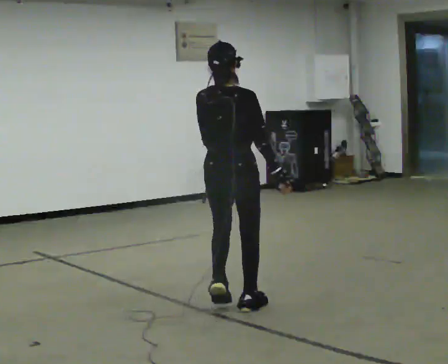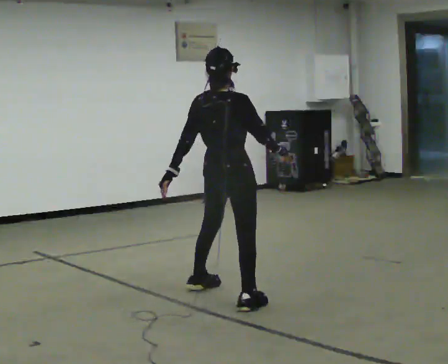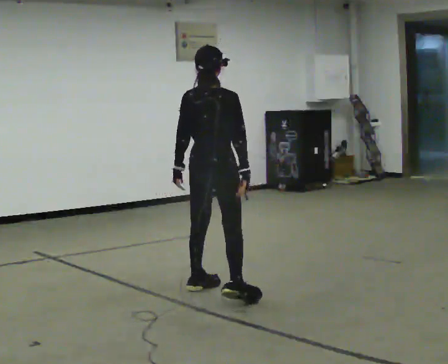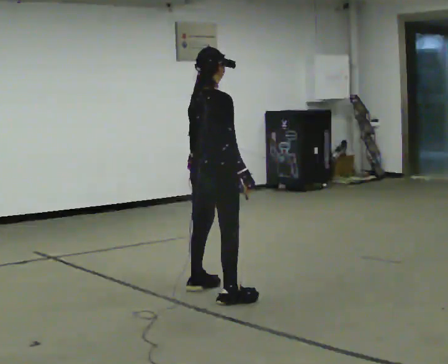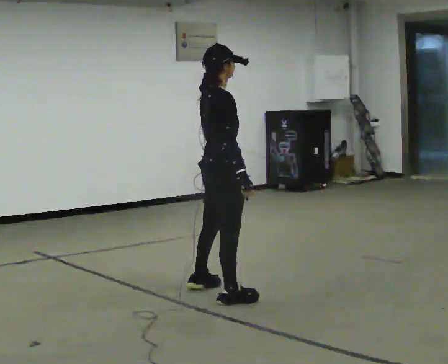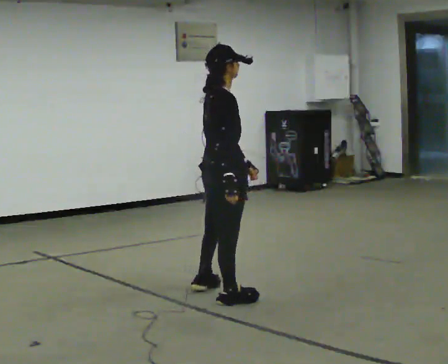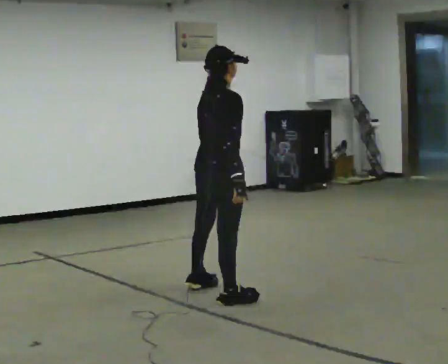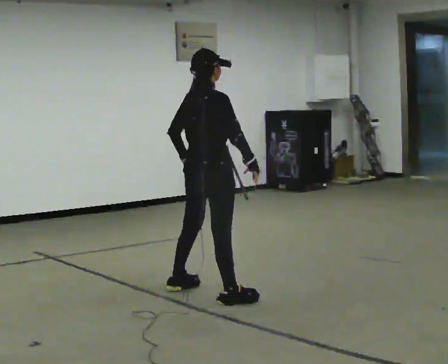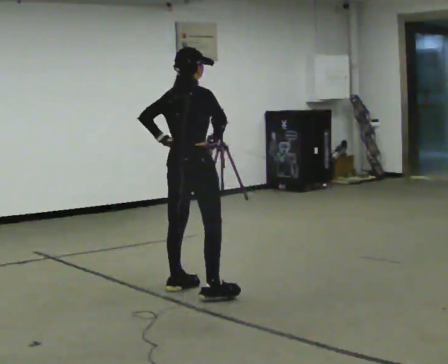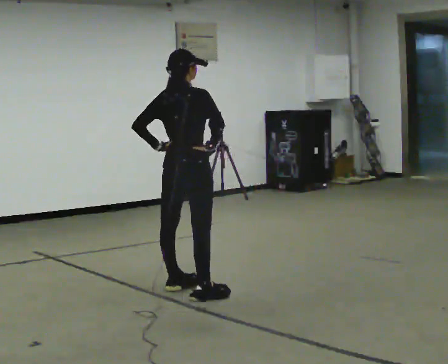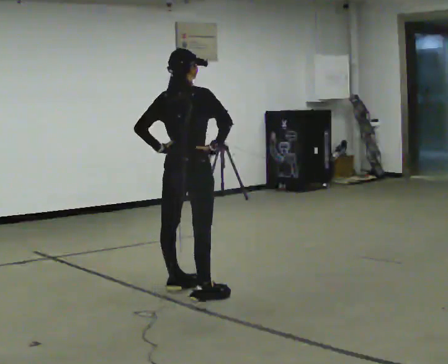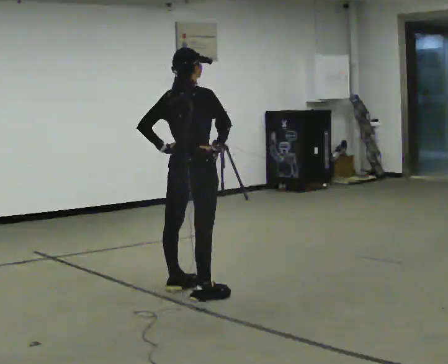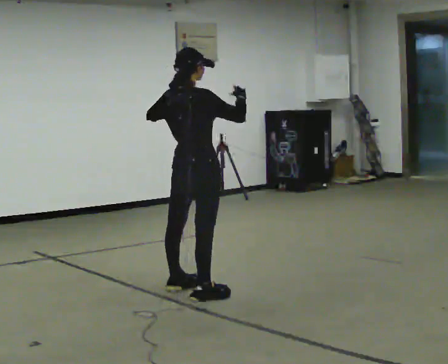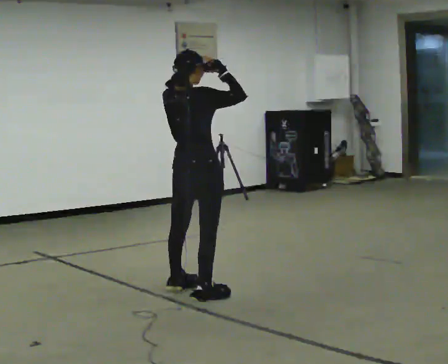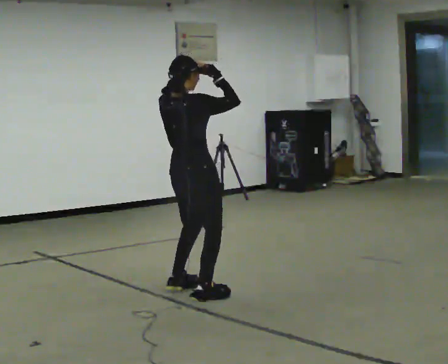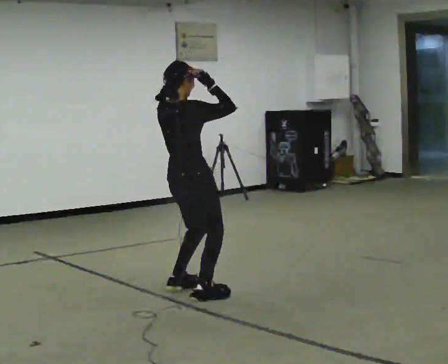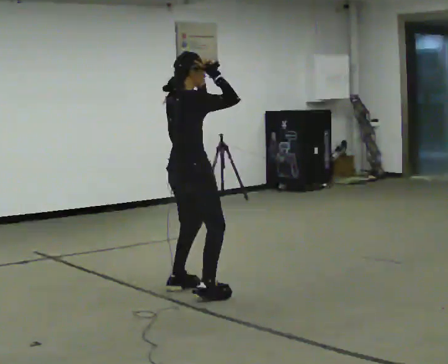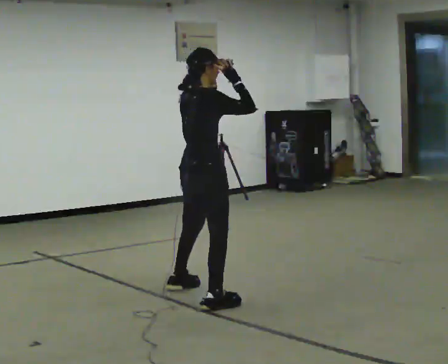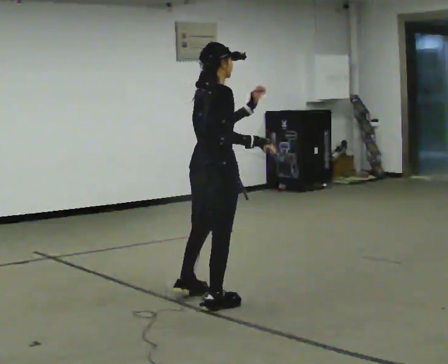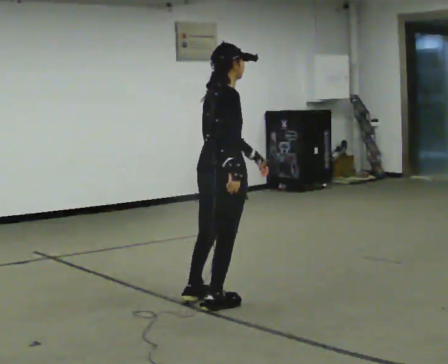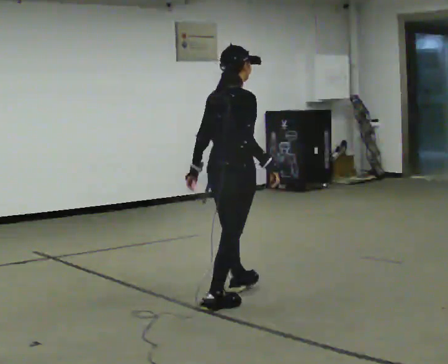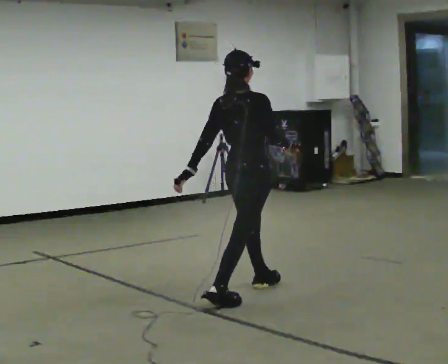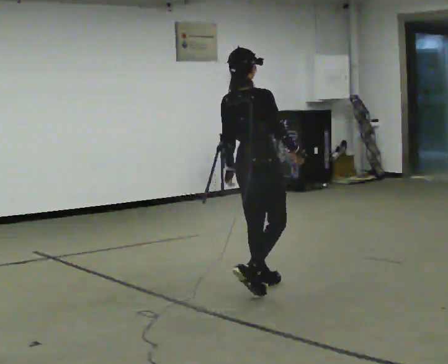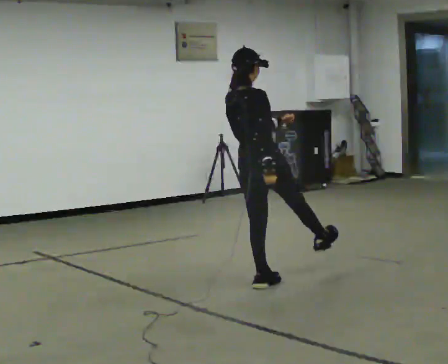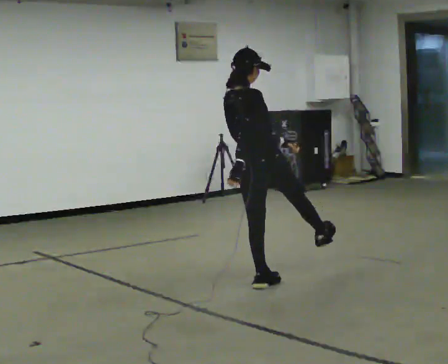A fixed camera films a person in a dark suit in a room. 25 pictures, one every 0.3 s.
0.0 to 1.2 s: The part of the body nearest the lens slides to the left as the person turns to their right by about 45 degrees. In the picture they go away from the camera, about 0.25 m in 2 steps, which for them is to their left and forward.
1.2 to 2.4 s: The person turns about 30 degrees to their left, counterclockwise seen from above, so the part of the body nearest the lens slides to the right. In the picture they go to the left and away from the camera, about 0.25 m in 1 step, which for them is to their left.
2.4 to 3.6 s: In the picture their right hand goes upward, the arm swinging counterclockwise.
3.6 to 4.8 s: The person moves a little, or ends about where they began.
4.8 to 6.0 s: In the picture they go toward the camera and to the right, about 0.25 m in 2 steps, which for them is to their right. In the picture their left hand goes downward.
6.0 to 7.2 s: In the picture they go away from the camera and to the right, about 0.5 m in 1 step, which for them is forward and to their left. In the picture the upper body tilts counterclockwise, shoulders to the left, as they lean back or straighten.
The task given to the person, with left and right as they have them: Move however you like, changing style and tempo as you go; keep moving continuously.
The film runs forward here.
